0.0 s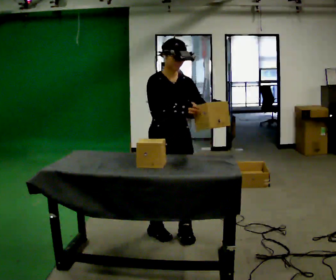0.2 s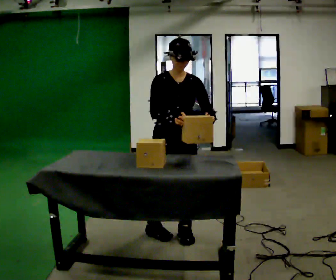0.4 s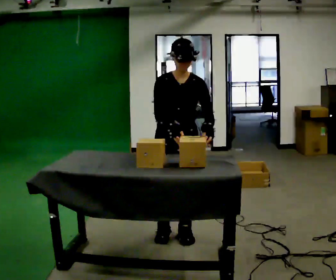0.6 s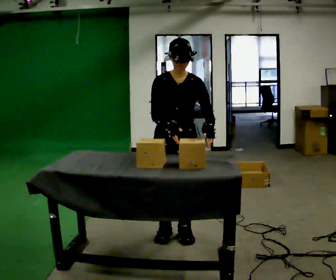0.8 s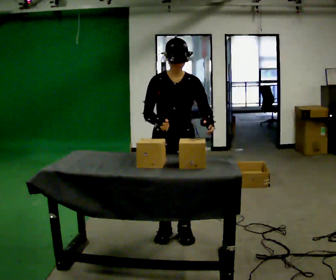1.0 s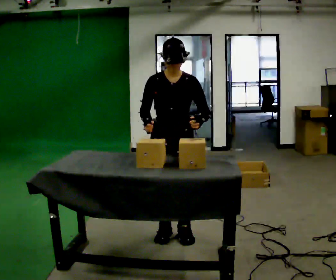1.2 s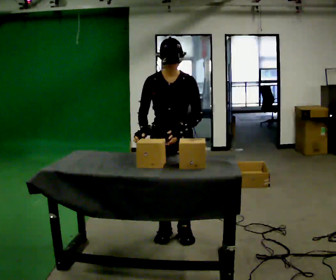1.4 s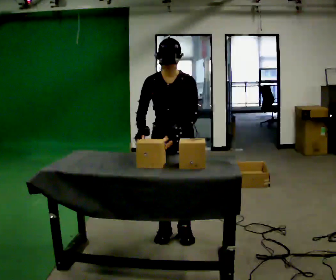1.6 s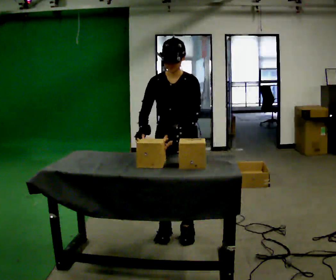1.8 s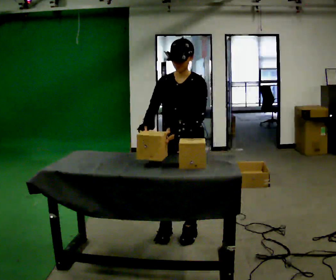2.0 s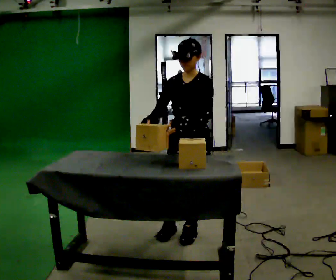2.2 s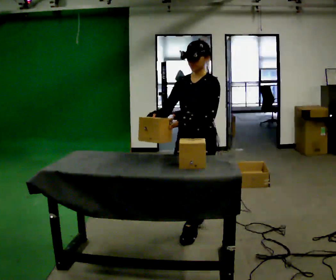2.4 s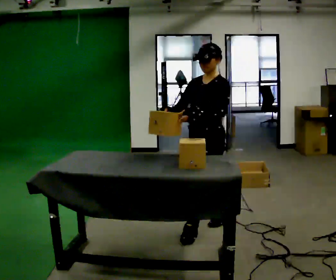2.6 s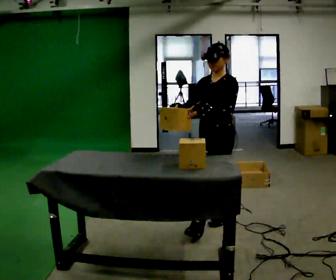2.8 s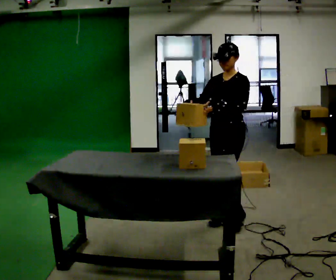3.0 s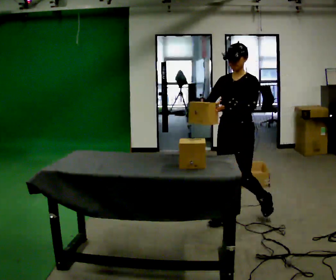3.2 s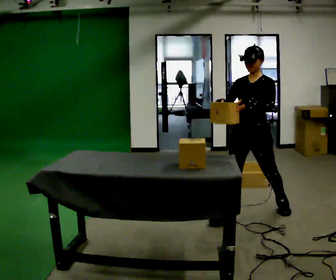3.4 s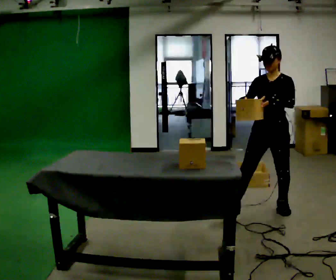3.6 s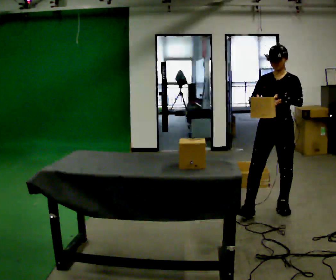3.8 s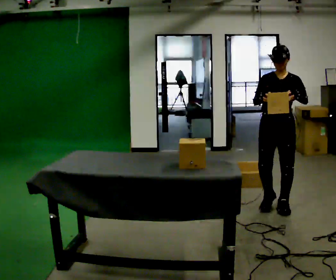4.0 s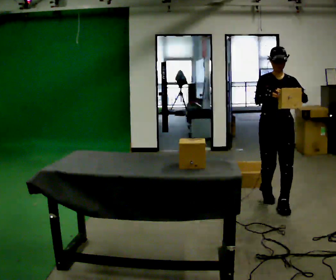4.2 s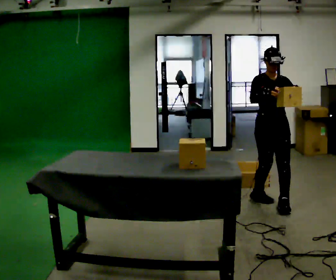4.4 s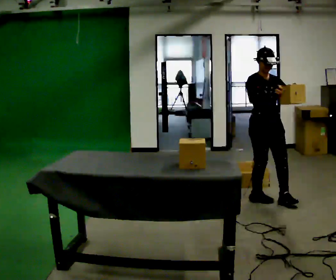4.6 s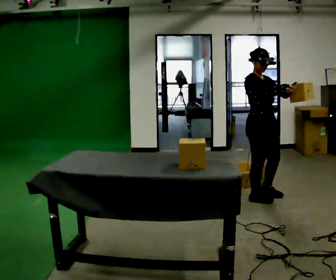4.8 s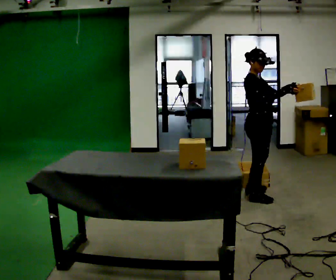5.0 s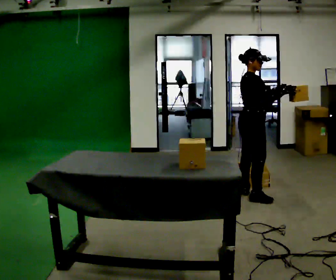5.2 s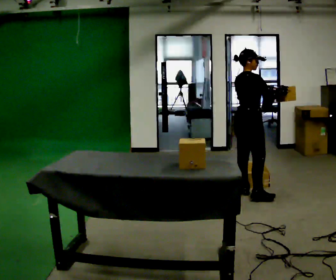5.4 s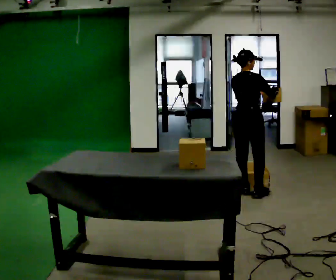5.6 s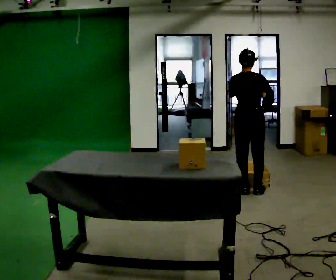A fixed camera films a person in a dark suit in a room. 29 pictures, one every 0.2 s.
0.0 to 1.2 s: Seen from above the body turns clockwise, about 30 degrees: to their right, with its near side sliding to the left.
1.2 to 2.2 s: Seen from above the body turns clockwise, about 45 degrees: to their right, with its near side sliding to the left. In the picture they go to the right, about 0.25 m in 1 step, which for them is to their left.
2.2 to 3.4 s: In the picture they go to the right and away from the camera, about 1 m in 2 steps, which for them is backward.
3.4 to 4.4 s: The person turns about 45 degrees to their left, counterclockwise seen from above, so the part of the body nearest the lens slides to the right. In the picture they go away from the camera, about 0.25 m in 1 step, which for them is backward.
4.4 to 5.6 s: Seen from above the body turns counterclockwise, about 135 degrees: to their left, with its near side sliding to the right. In the picture they go away from the camera, about 0.25 m in 1 step.
The film runs backward here.
